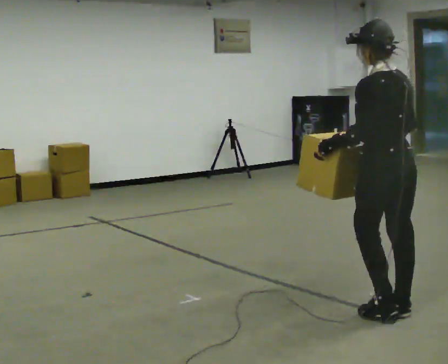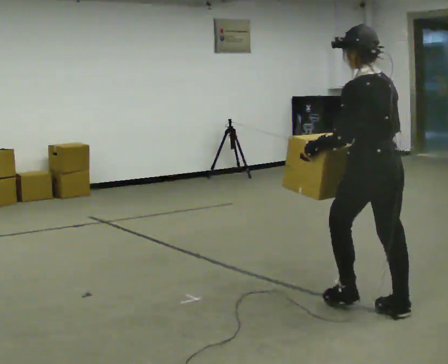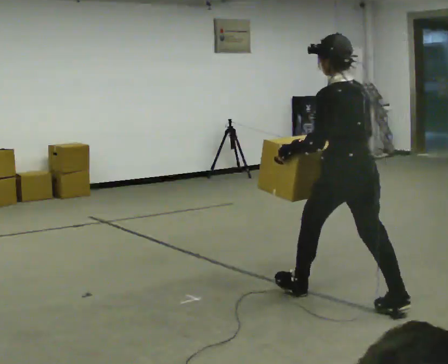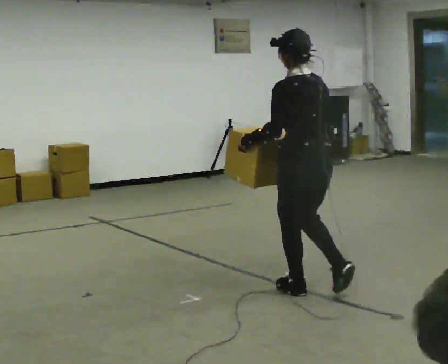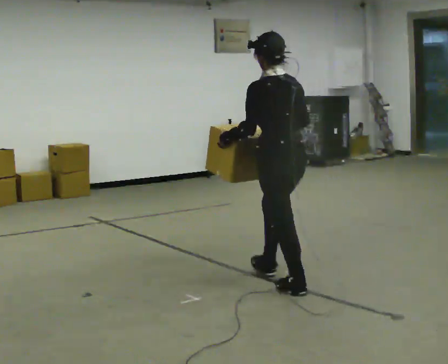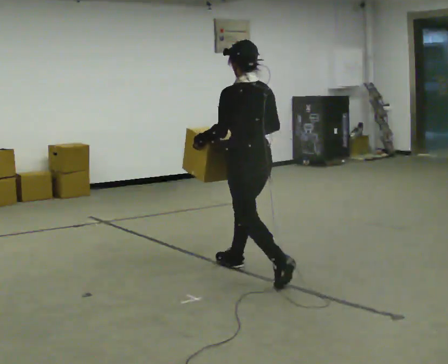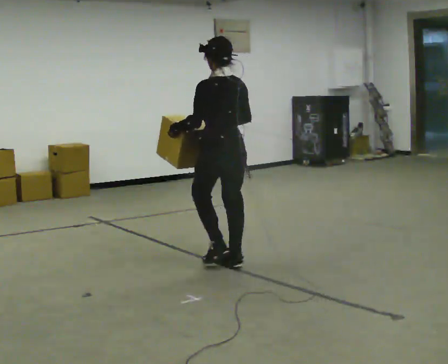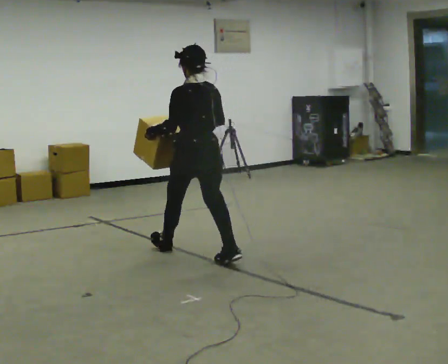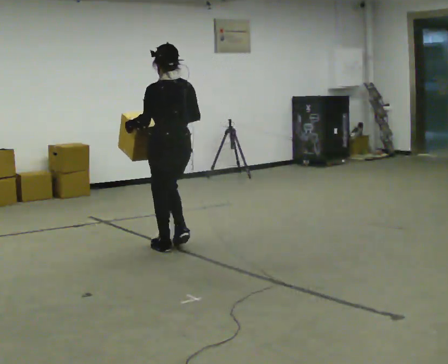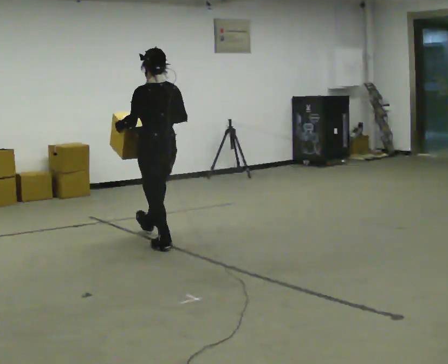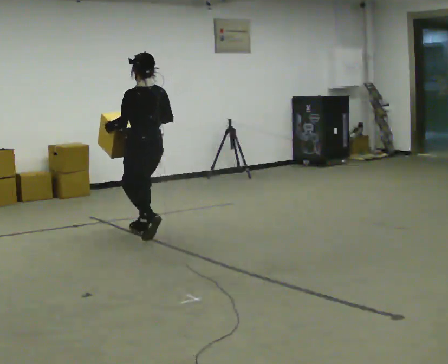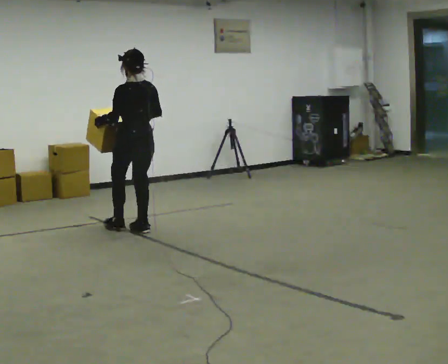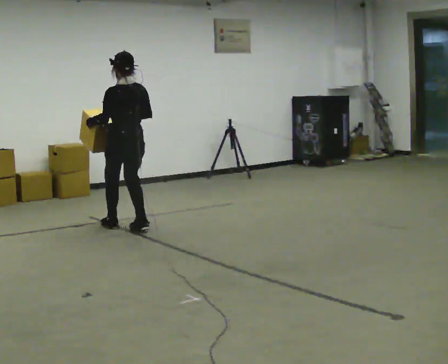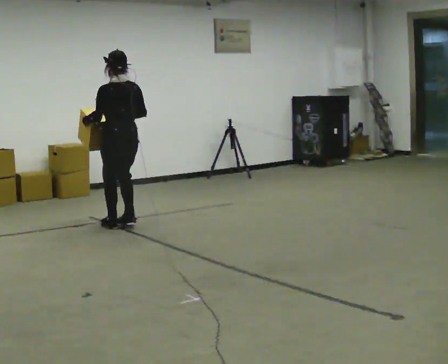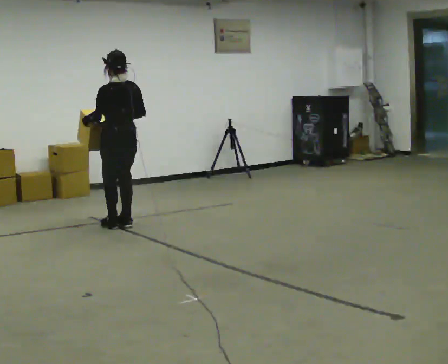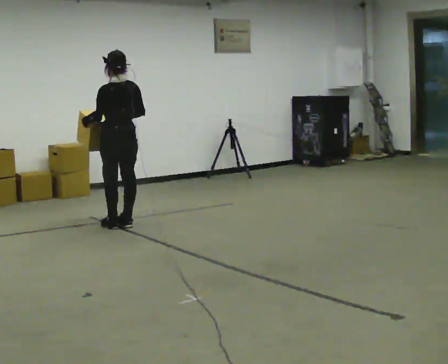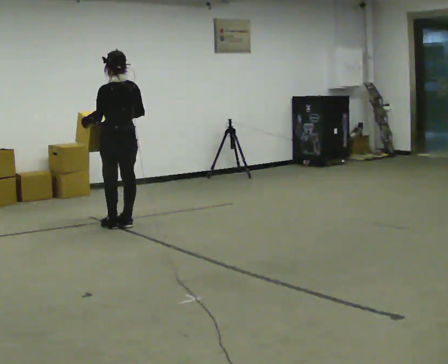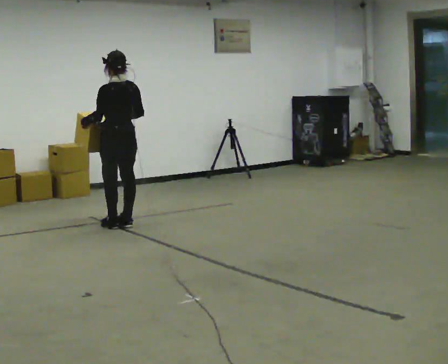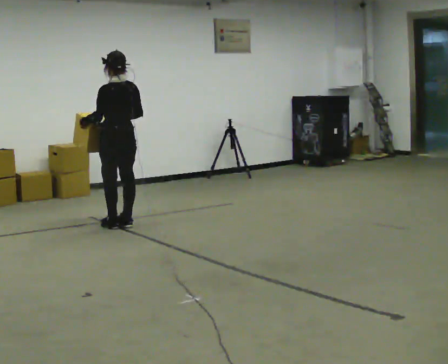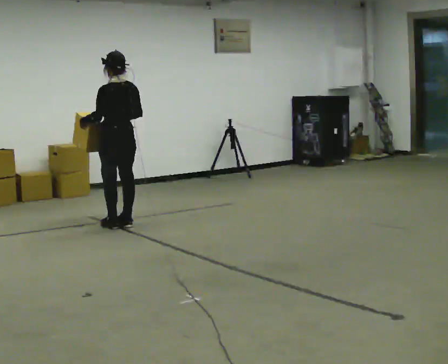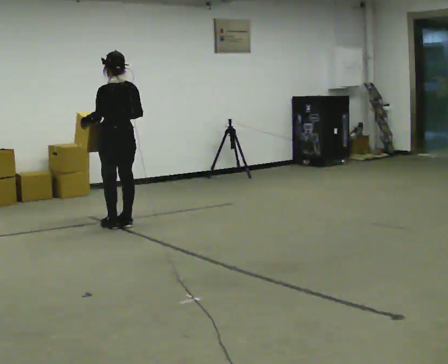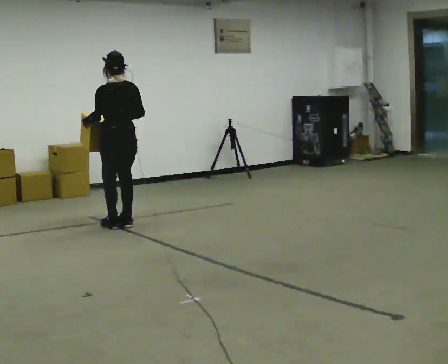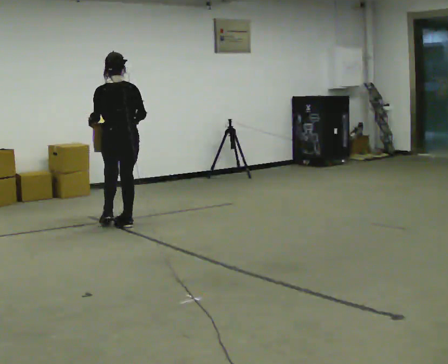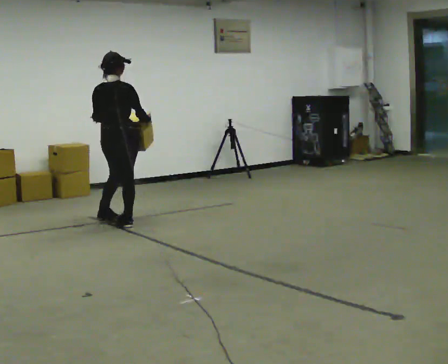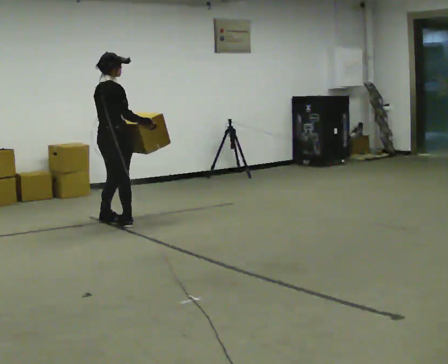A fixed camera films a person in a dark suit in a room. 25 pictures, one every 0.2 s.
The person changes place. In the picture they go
away from the camera.
0.0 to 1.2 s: In the picture they go away from the camera and to the left, about 1.5 m in 2 steps, which for them is forward.
1.2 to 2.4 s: In the picture they go away from the camera and to the left, about 1.5 m in 3 steps, which for them is forward.
2.4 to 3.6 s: In the picture they go away from the camera, about 0.25 m in 1 step, which for them is forward.
3.6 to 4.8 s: The person turns about 90 degrees to their right, clockwise seen from above, so the part of the body nearest the lens slides to the left.
The film runs forward here.
